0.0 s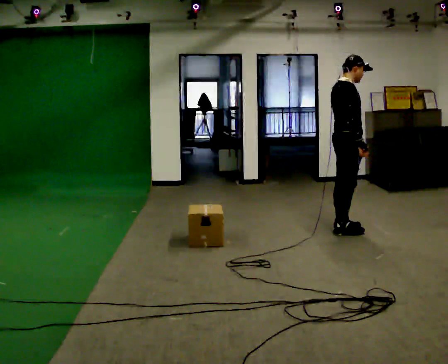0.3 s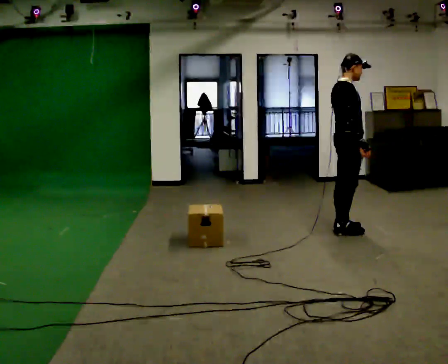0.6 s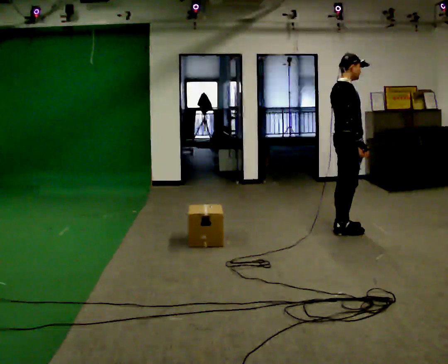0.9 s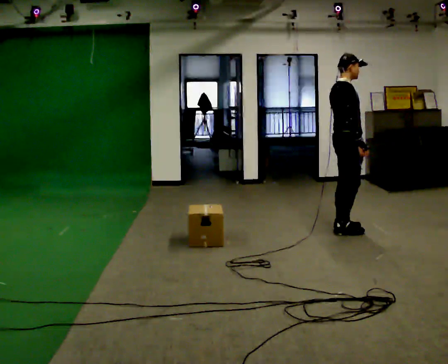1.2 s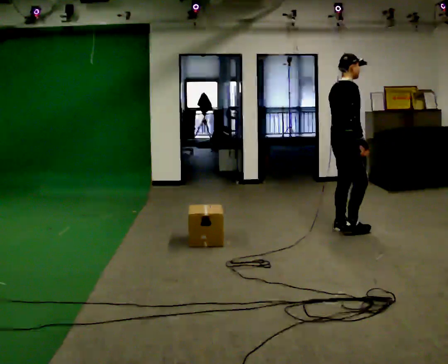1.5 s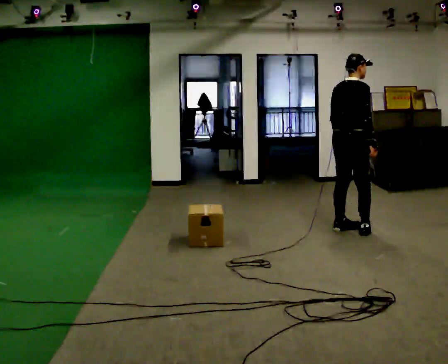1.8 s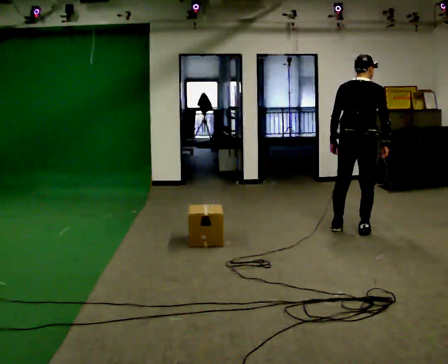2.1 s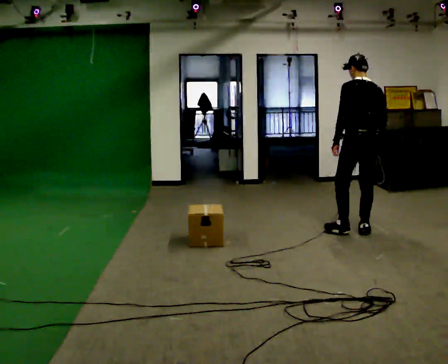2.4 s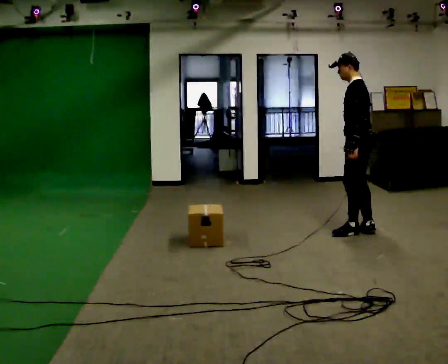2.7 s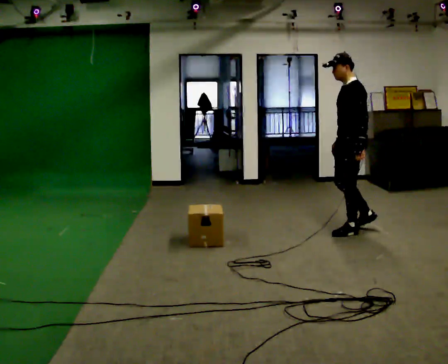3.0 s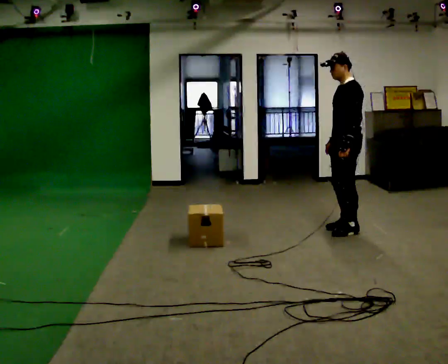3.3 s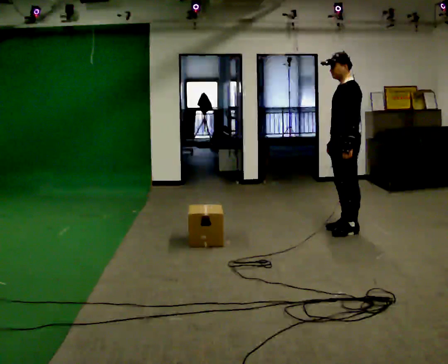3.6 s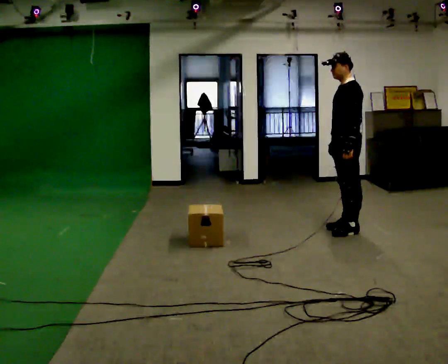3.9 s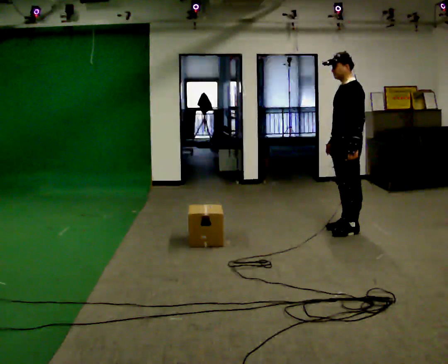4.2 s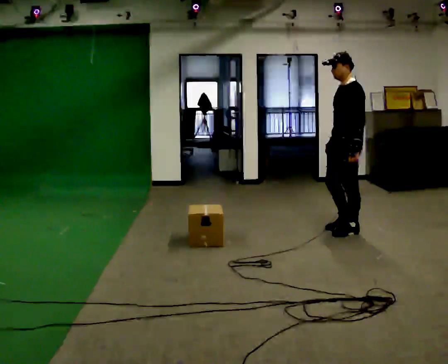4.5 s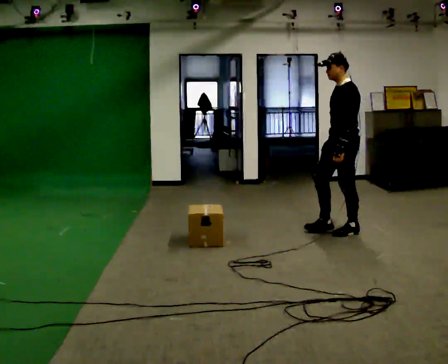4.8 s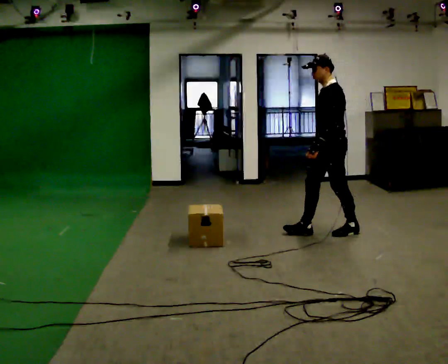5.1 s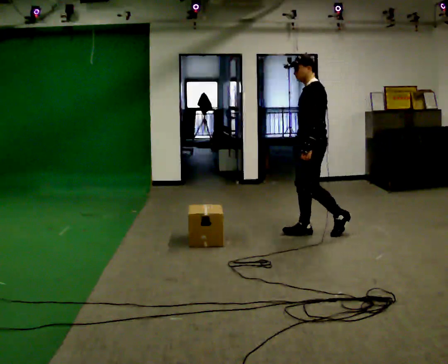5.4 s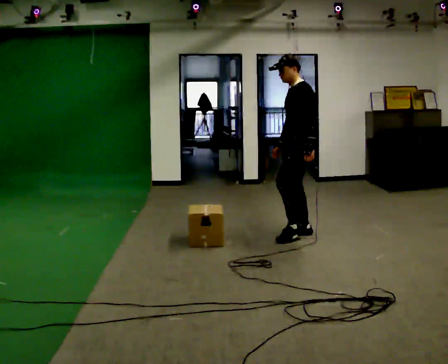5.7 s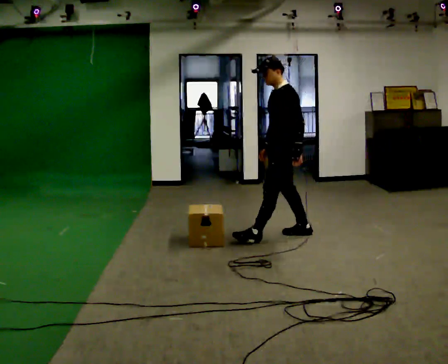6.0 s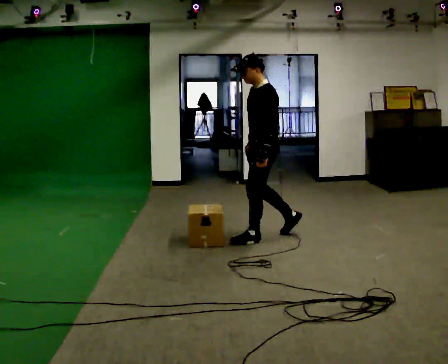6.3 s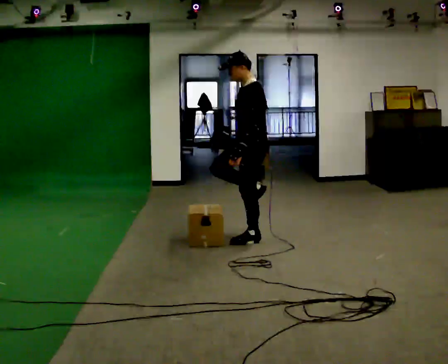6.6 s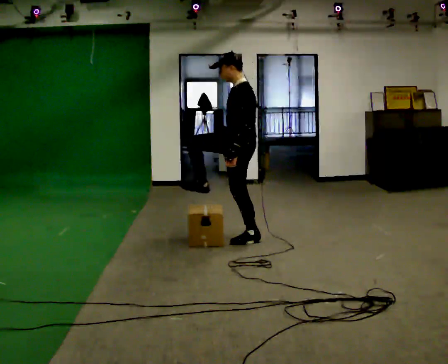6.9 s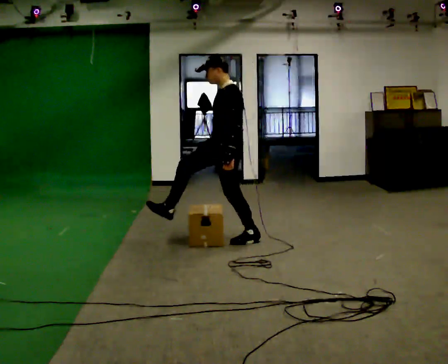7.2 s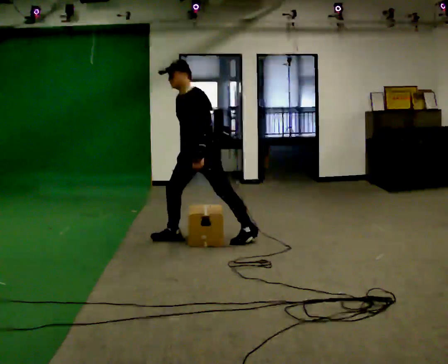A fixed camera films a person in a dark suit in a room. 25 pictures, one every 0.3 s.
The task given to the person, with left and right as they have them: Walk across the room at a normal pace, looking ahead. Something may appear in your way. Deal with it however comes naturally and carry on.
0.0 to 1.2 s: The person moves a little, or ends about where they began.
1.2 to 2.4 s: The part of the body nearest the lens slides to the right as the person turns to their left by about 150 degrees. In the picture they go to the right, about 0.25 m in 2 steps.
2.4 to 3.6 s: The person moves a little, or ends about where they began.
3.6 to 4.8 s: In the picture they go to the left, about 0.25 m in 1 step, which for them is forward.
4.8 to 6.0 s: In the picture they go to the left and toward the camera, about 0.75 m in 1 step, which for them is forward.
6.0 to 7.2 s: The person turns about 30 degrees to their left, counterclockwise seen from above, so the part of the body nearest the lens slides to the right. In the picture they go to the left, about 0.5 m in 1 step, which for them is forward.
The film runs forward here.
